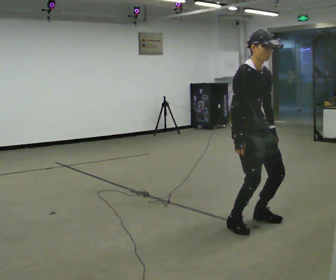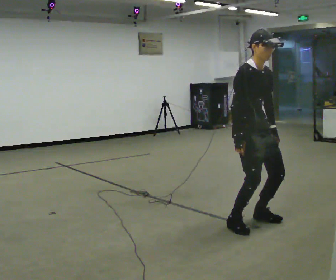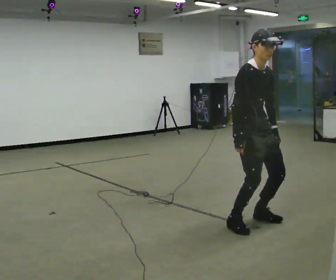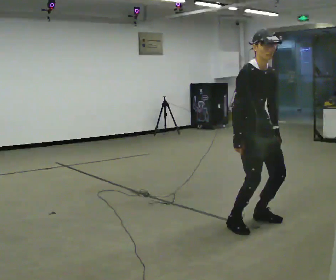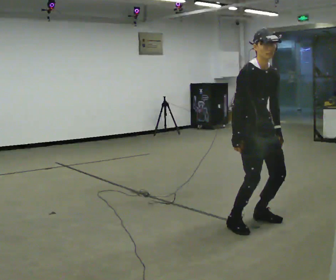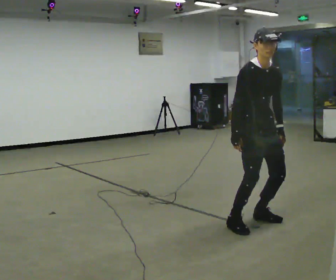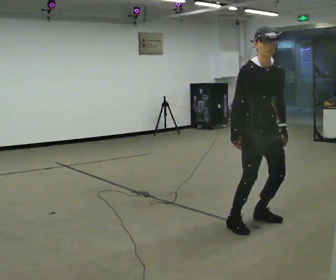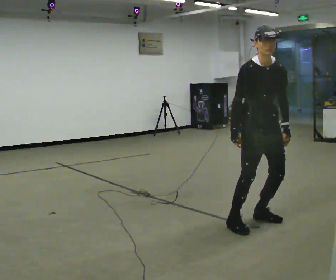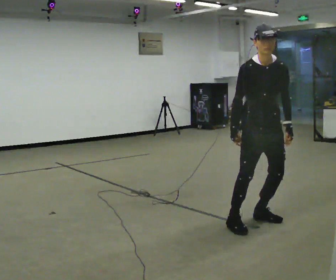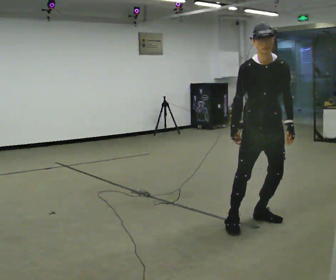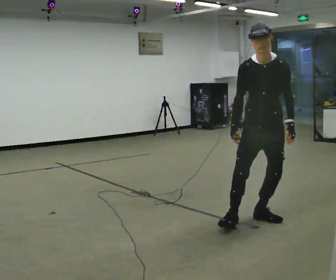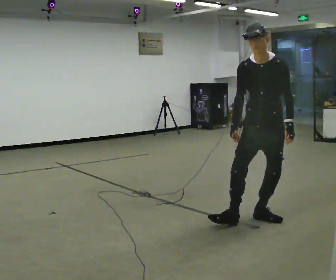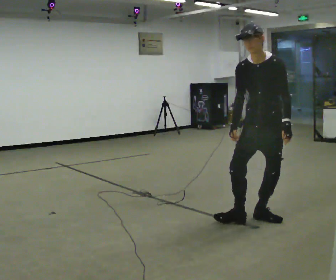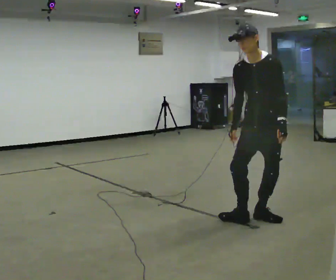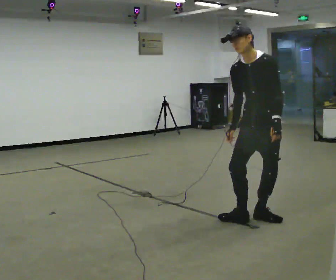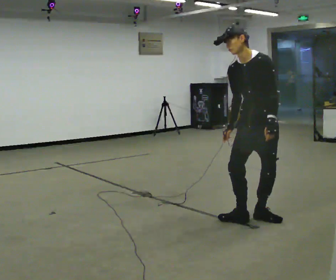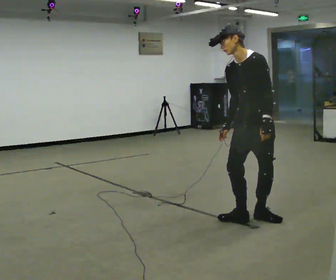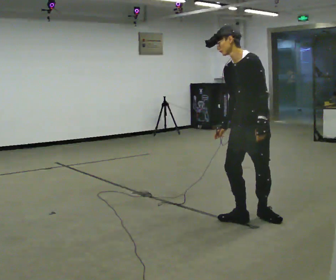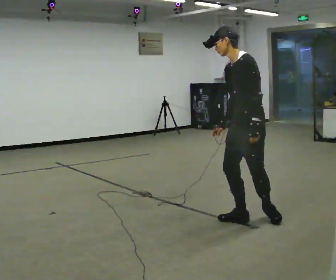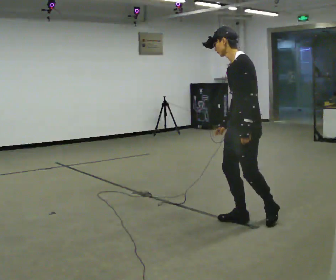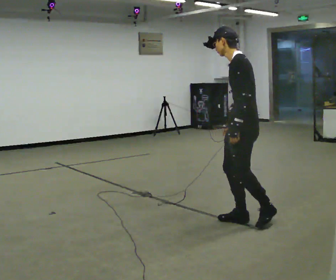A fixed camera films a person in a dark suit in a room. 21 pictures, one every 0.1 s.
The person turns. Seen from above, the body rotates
clockwise.
The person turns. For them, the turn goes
to their right.
0.0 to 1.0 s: The part of the body nearest the lens slides to the left as the person turns to their right by about 45 degrees. In the picture they go to the right, about 0.25 m, which for them is to their left.
1.0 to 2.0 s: The part of the body nearest the lens slides to the left as the person turns to their right by about 75 degrees. The upper body tips away from the camera, its near side rolling upward. In the picture their left hand goes to the left.
The film runs forward here.
